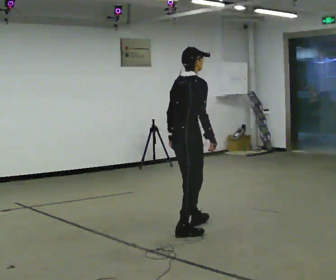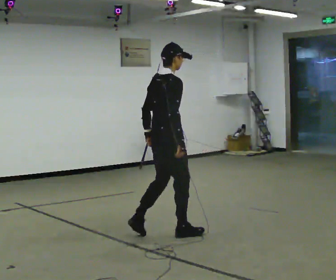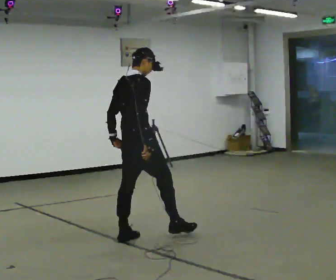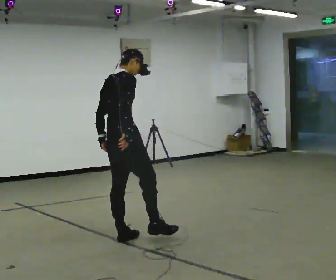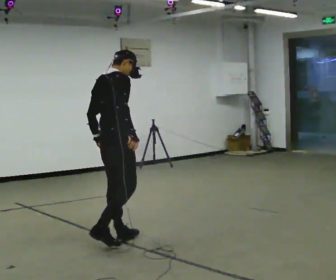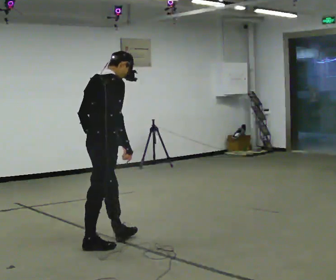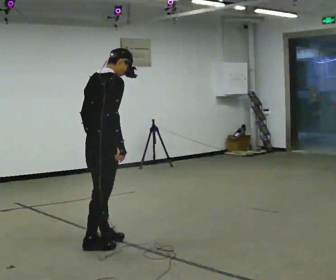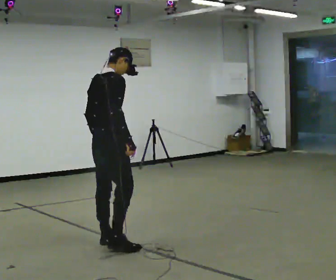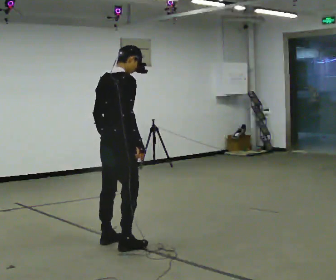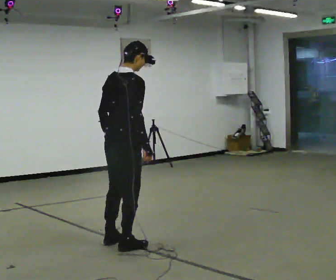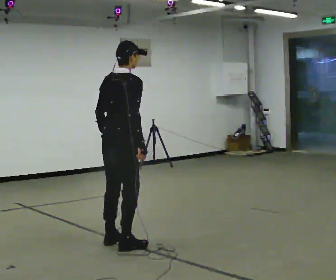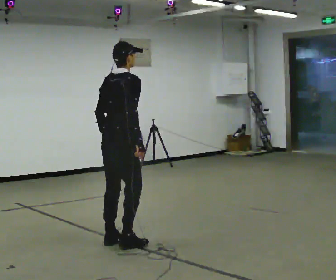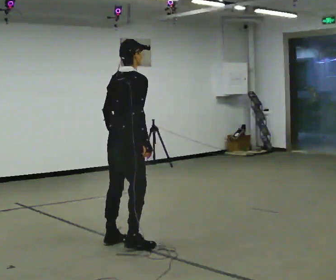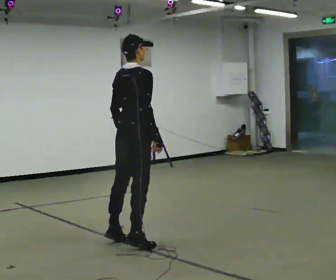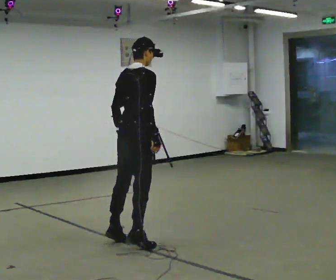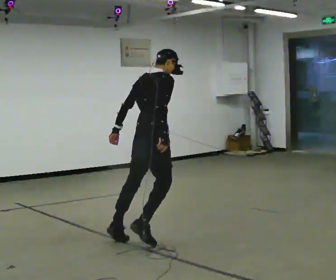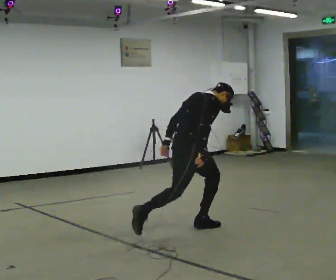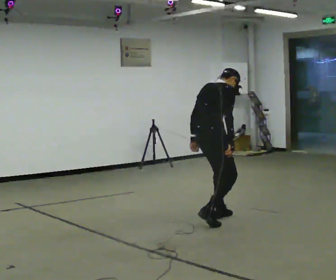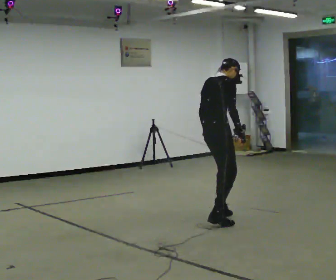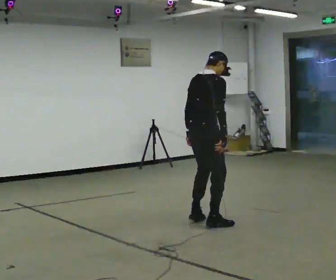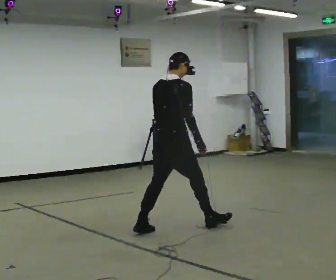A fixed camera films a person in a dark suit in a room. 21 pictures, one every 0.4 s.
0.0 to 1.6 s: In the picture they go to the left and toward the camera, about 0.75 m in 1 step, which for them is backward.
1.6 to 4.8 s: The person moves a little, or ends about where they began.
4.8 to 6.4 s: In the picture they go to the right and away from the camera, about 0.5 m in 1 step, which for them is forward. The shoulders move downward. In the picture the upper body tilts clockwise, shoulders to the right, as they bend forward.
6.4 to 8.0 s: In the picture they go to the left, about 0.25 m in 2 steps, which for them is backward. In the picture the upper body tilts counterclockwise, shoulders to the left, as they lean back or straighten.
The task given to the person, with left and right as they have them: Stand on the marked spots and rise up onto your toes. Stay up until you start to topple forward, then step to catch yourself. Repeat at your own pace until the operator says stop. Go slowly and only as far as you are comfortable. Step whenever you need to; do not try to hold on longer than feels safe.
The film runs forward here.
